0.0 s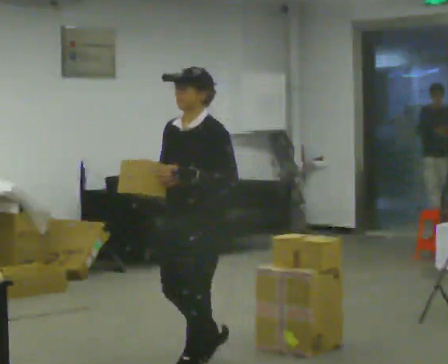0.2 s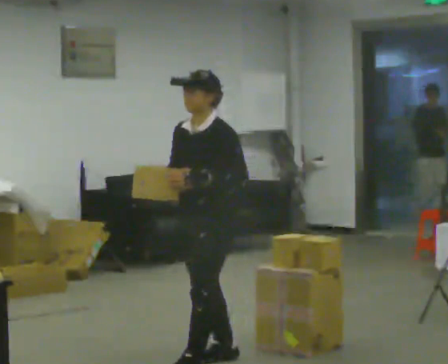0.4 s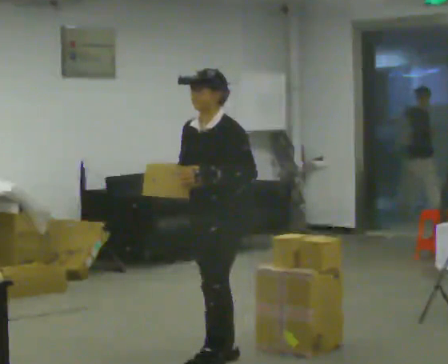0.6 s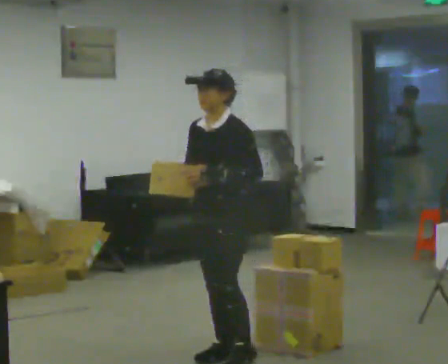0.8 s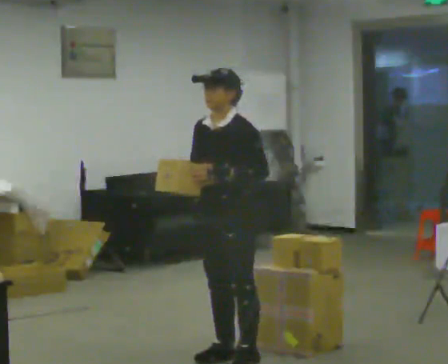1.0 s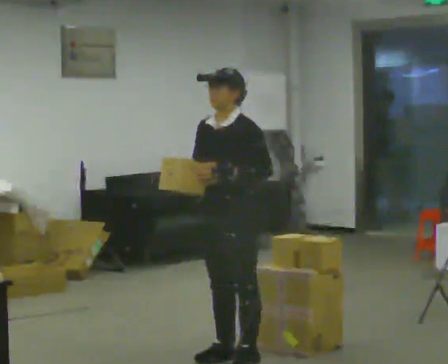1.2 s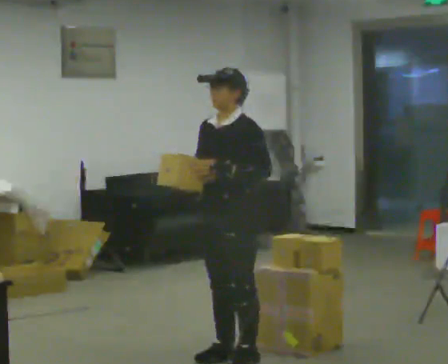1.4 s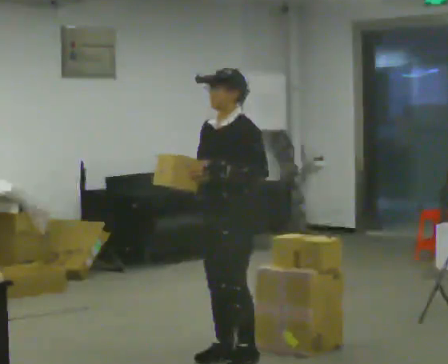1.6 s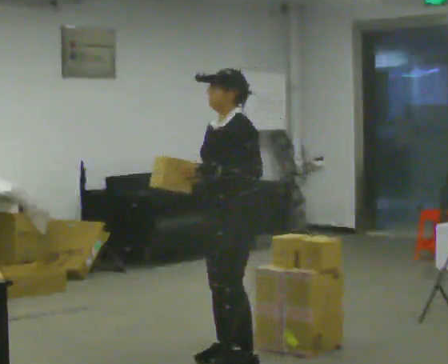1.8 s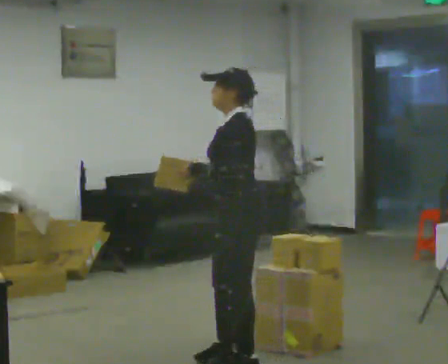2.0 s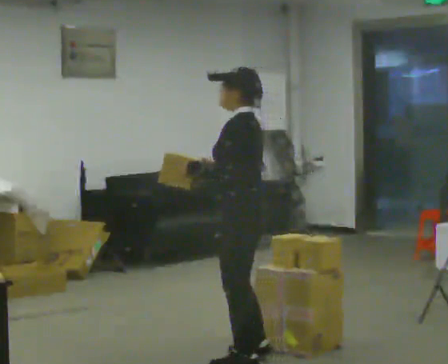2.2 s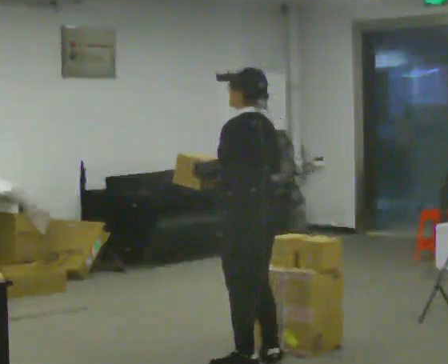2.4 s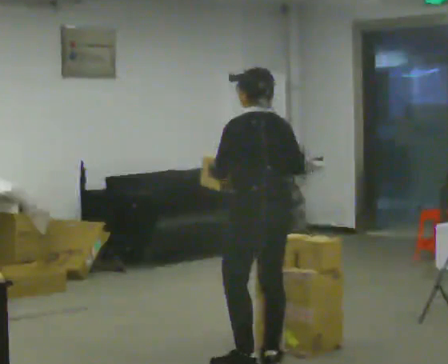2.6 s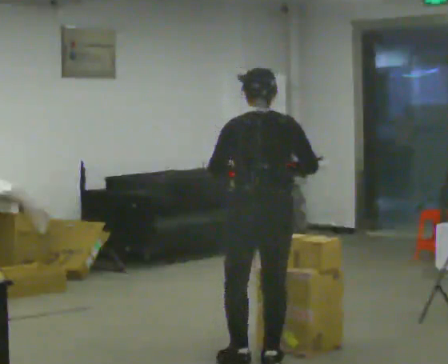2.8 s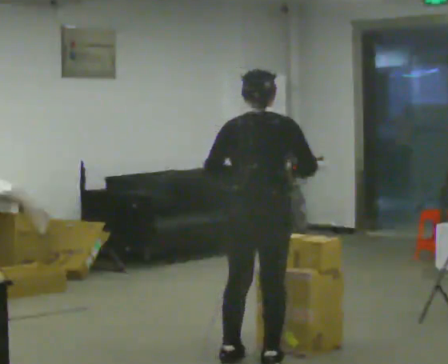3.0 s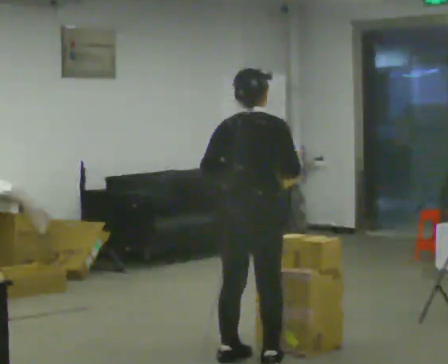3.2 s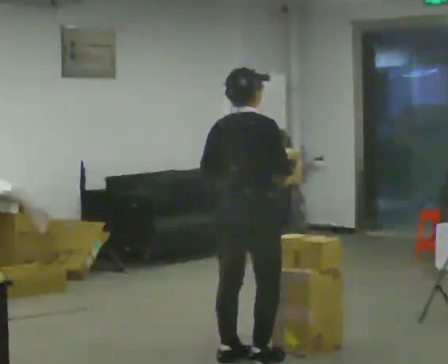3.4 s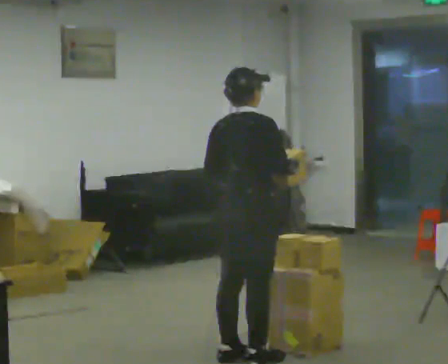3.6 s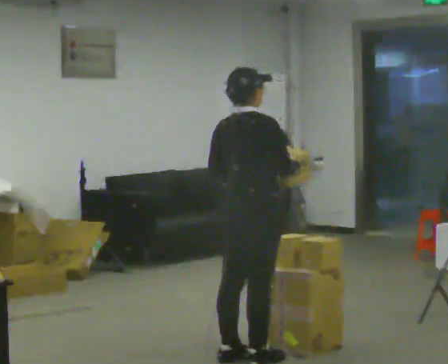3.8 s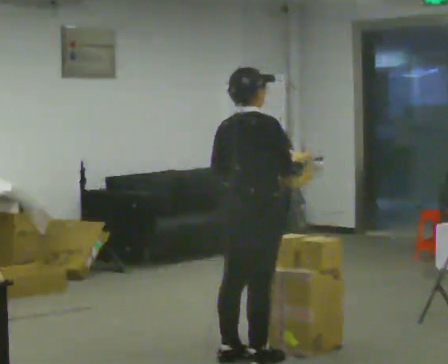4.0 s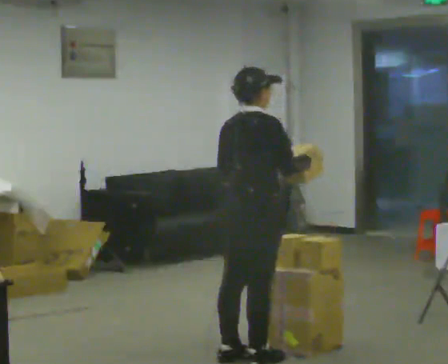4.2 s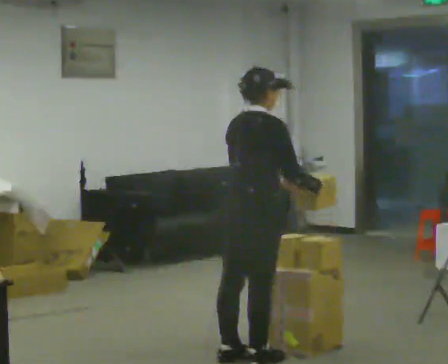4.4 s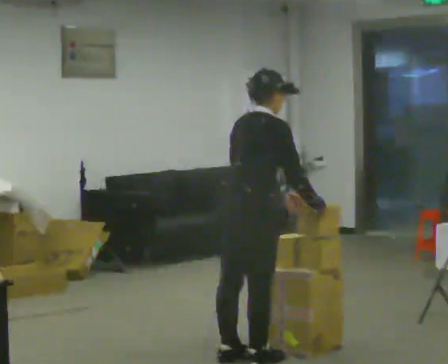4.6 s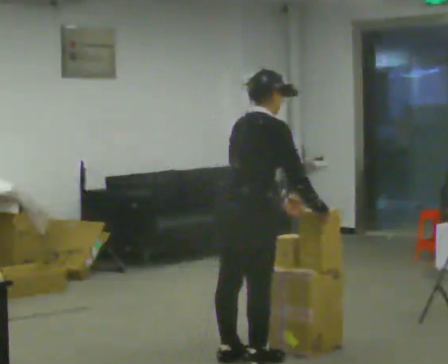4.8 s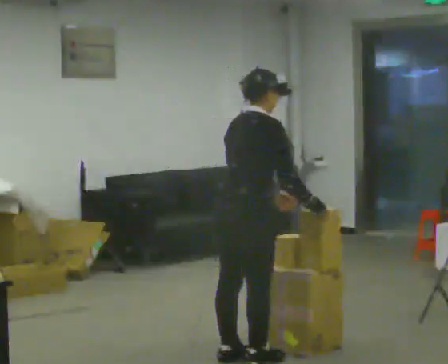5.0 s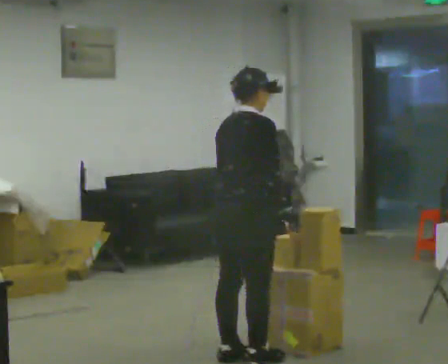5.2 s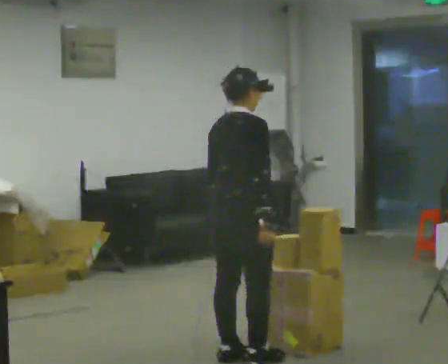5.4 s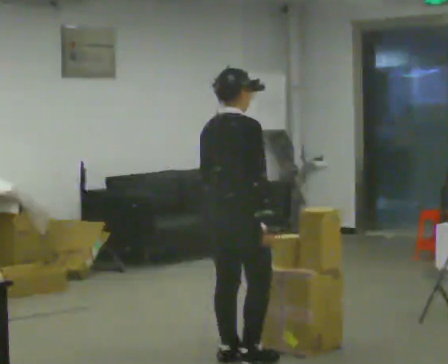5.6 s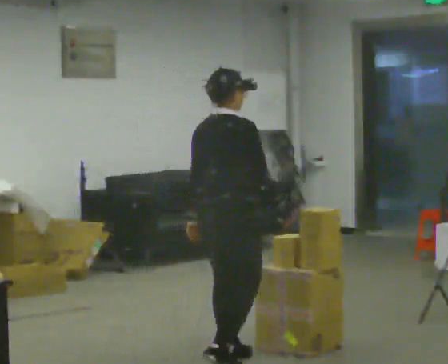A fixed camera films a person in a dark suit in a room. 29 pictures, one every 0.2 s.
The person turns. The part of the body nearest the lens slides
to the left.
The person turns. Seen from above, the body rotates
clockwise.
0.0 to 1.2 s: In the picture they go away from the camera, about 0.25 m in 1 step, which for them is backward.
1.2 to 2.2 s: The person turns about 90 degrees to their right, clockwise seen from above, so the part of the body nearest the lens slides to the left.
2.2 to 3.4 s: Seen from above the body turns clockwise, about 90 degrees: to their right, with its near side sliding to the left.
3.4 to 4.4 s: The person moves a little, or ends about where they began.
4.4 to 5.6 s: In the picture their left hand goes to the left.
The film runs backward here.
